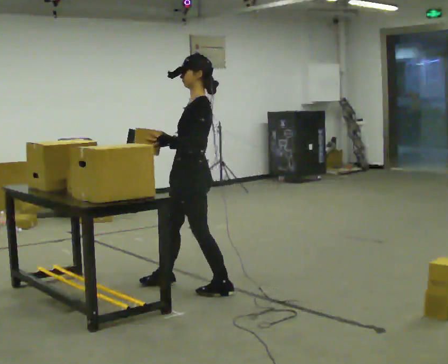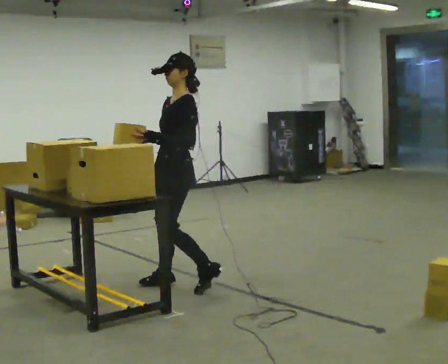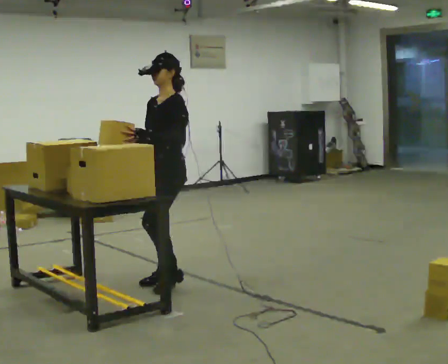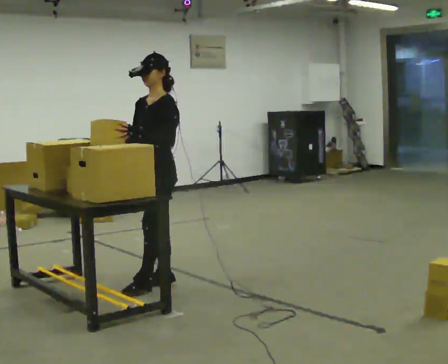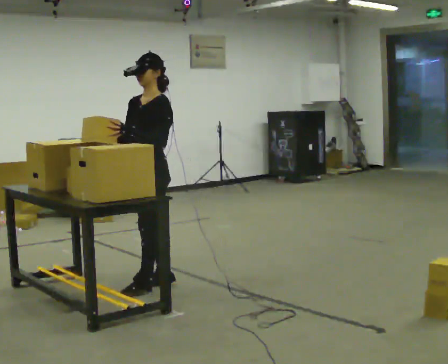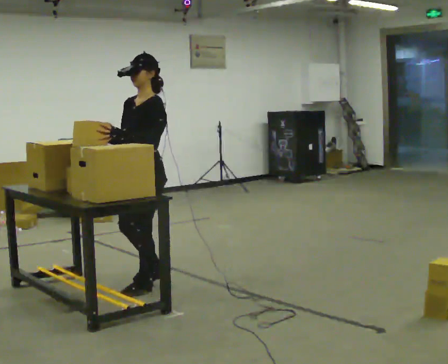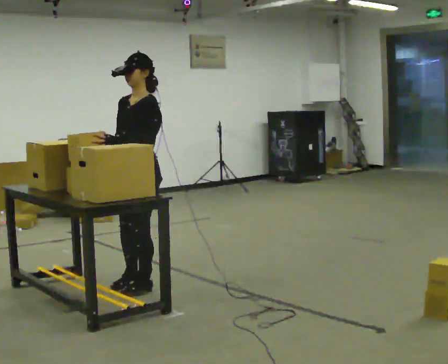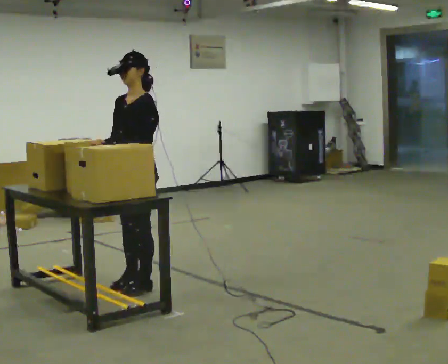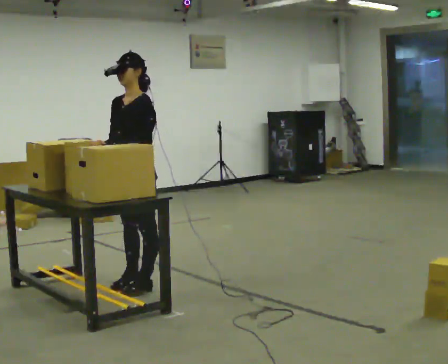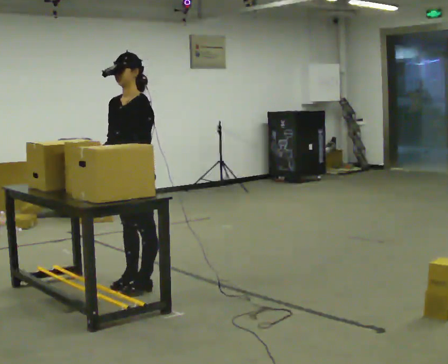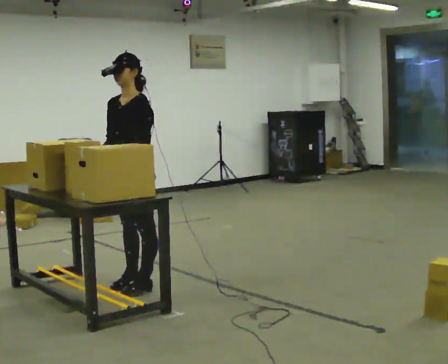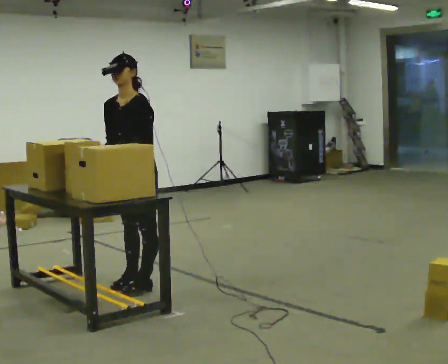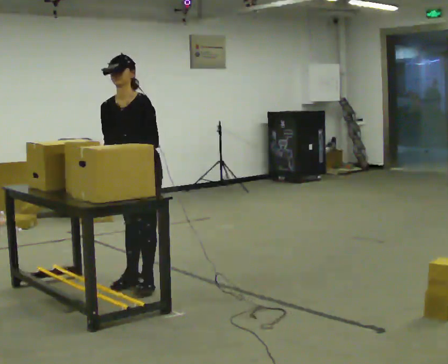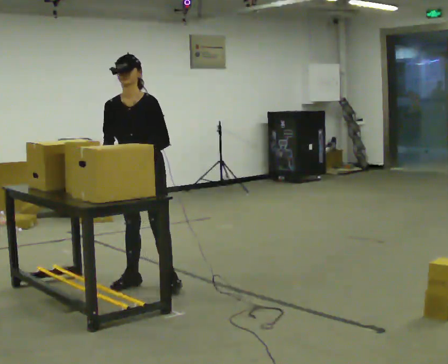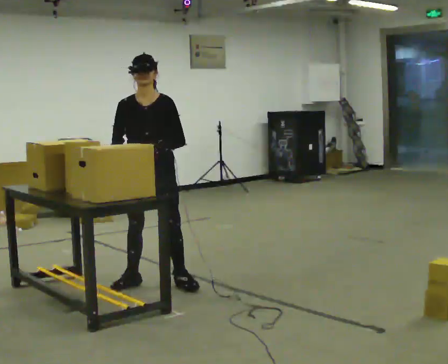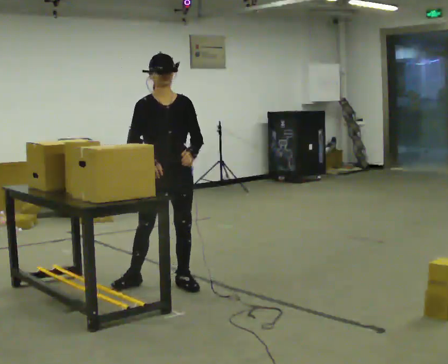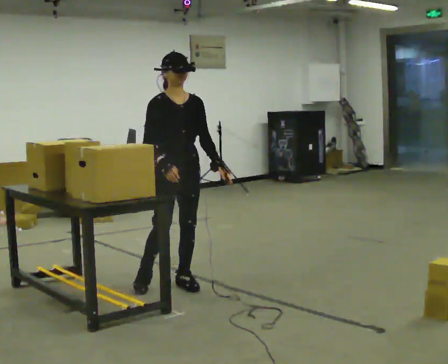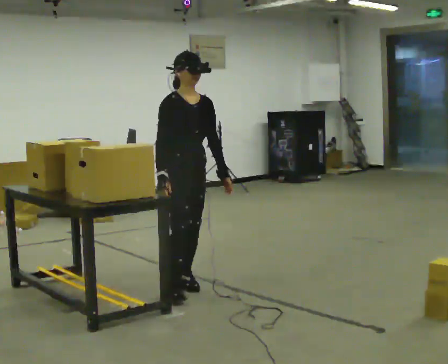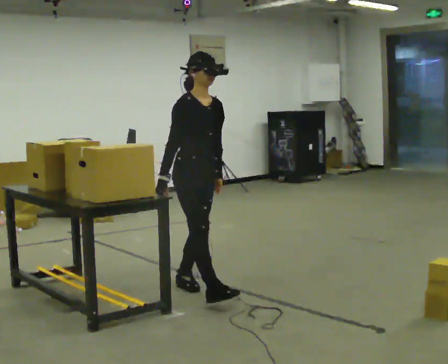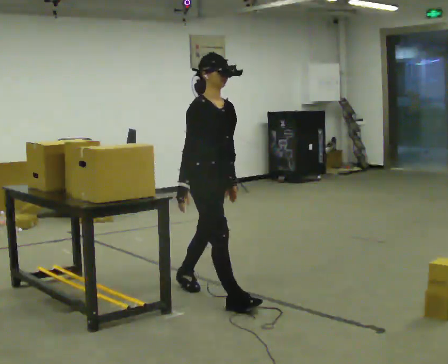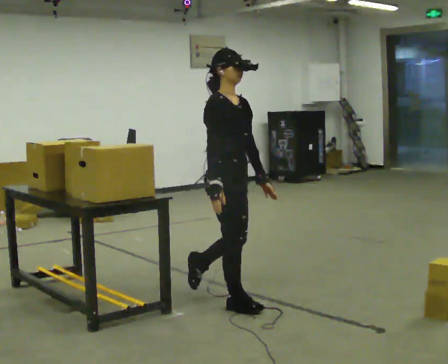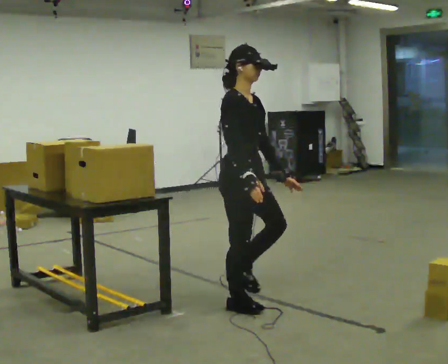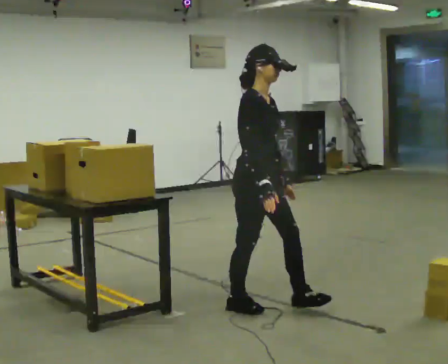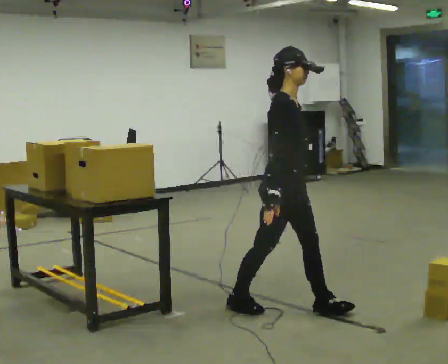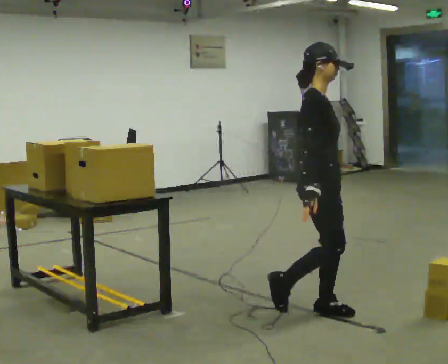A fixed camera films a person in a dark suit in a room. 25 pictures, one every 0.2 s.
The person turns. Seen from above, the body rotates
counterclockwise.
The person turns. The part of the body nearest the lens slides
to the right.
0.0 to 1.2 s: Seen from above the body turns counterclockwise, about 30 degrees: to their left, with its near side sliding to the right. In the picture they go to the left, about 0.25 m in 2 steps, which for them is forward and to their right.
1.2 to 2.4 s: The part of the body nearest the lens slides to the right as the person turns to their left by about 30 degrees.
2.4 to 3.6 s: The part of the body nearest the lens slides to the right as the person turns to their left by about 75 degrees. In the picture they go to the right and toward the camera, about 0.5 m in 1 step. In the picture the upper body tilts clockwise, shoulders to the right.
3.6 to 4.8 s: In the picture they go toward the camera and to the right, about 1 m in 2 steps, which for them is forward.
The film runs forward here.
